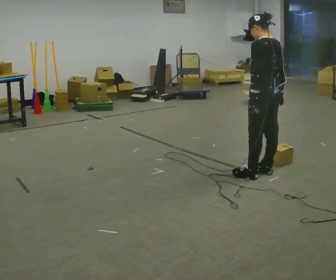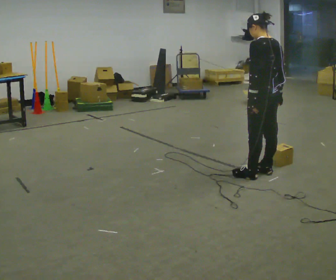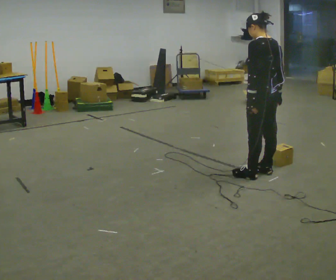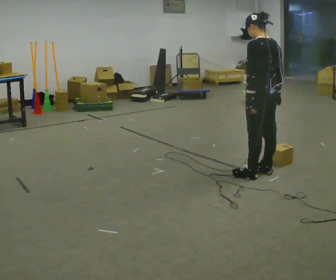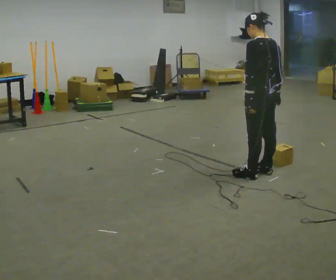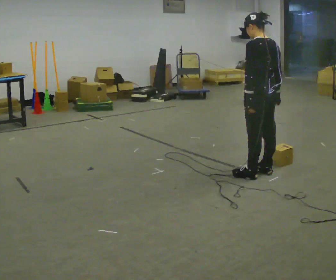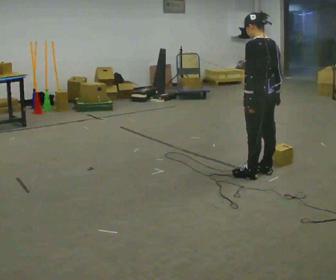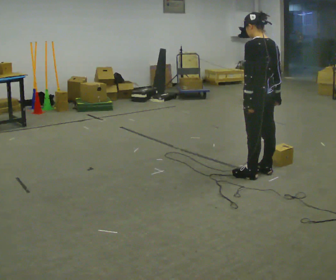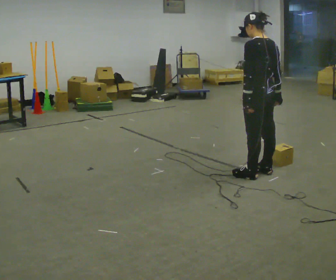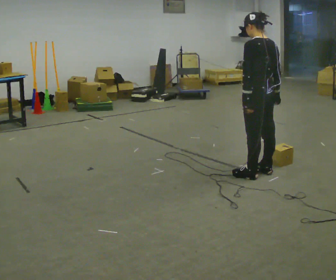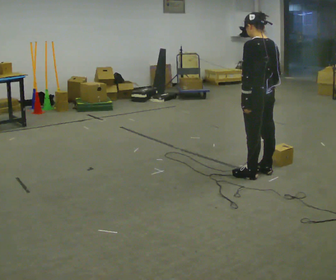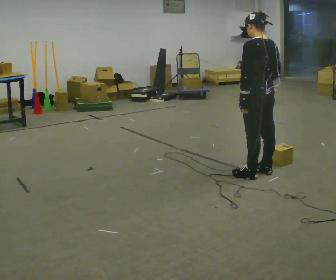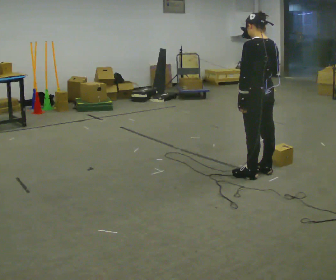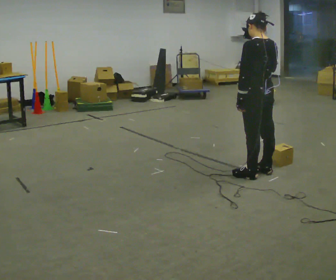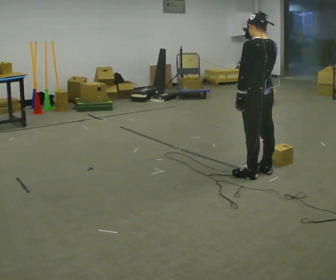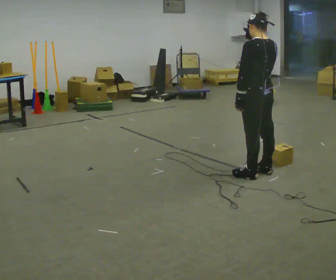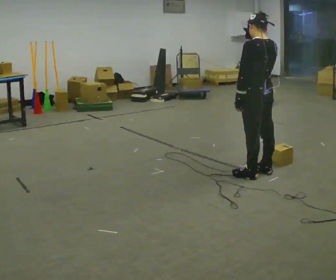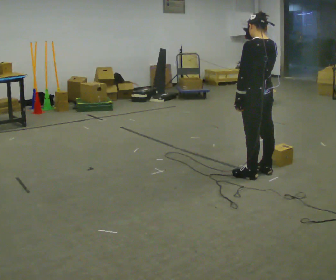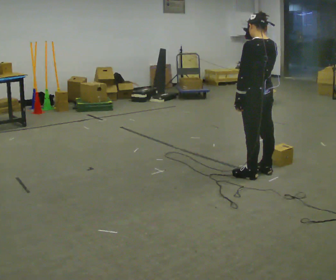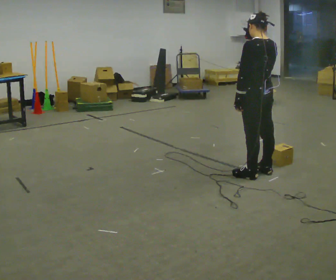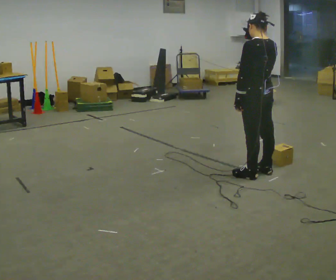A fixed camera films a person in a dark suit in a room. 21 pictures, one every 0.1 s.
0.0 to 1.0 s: The person moves a little, or ends about where they began.
1.0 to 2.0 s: In the picture their right hand goes upward.
The film runs backward here.
